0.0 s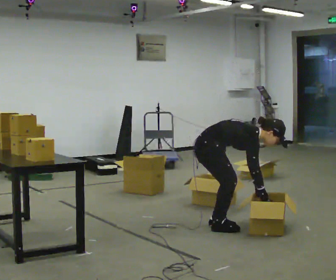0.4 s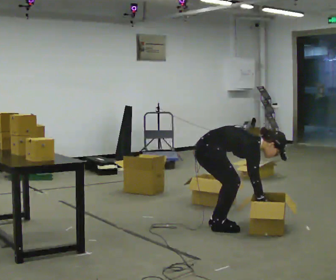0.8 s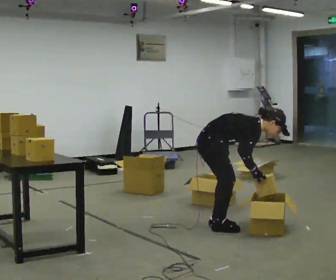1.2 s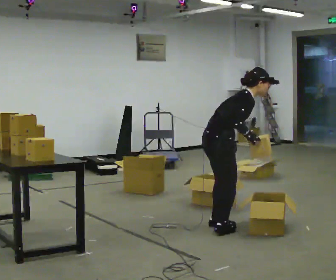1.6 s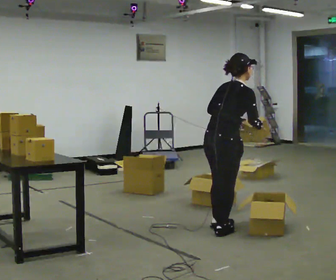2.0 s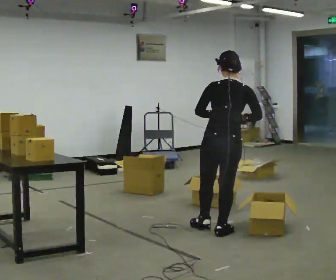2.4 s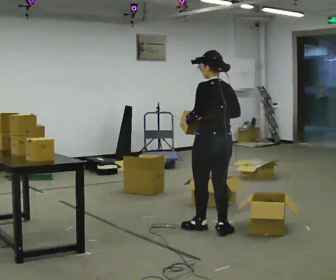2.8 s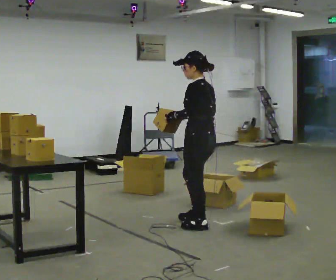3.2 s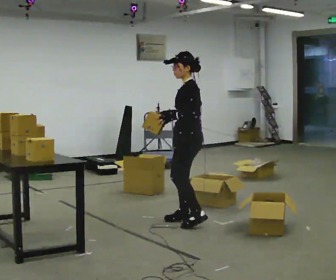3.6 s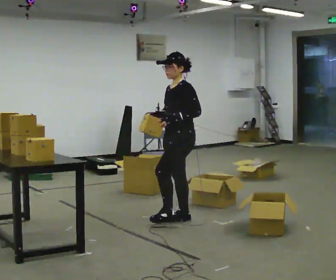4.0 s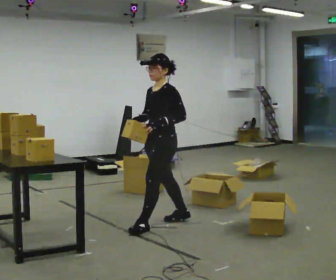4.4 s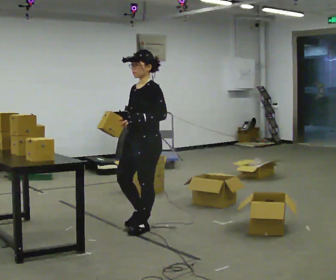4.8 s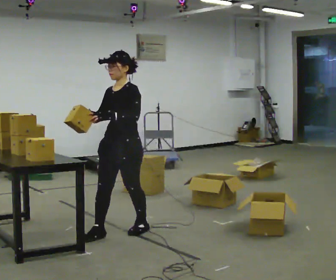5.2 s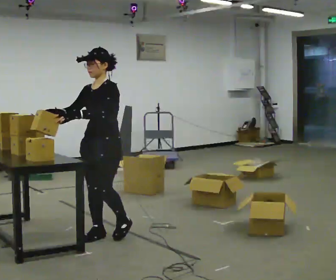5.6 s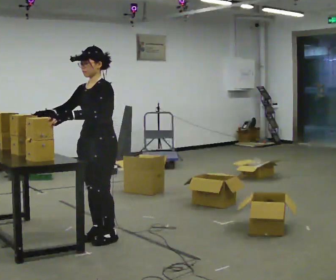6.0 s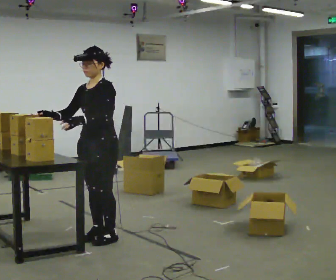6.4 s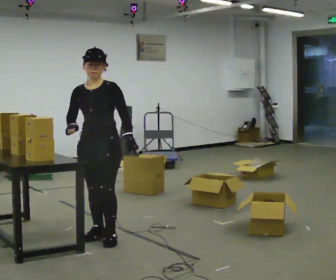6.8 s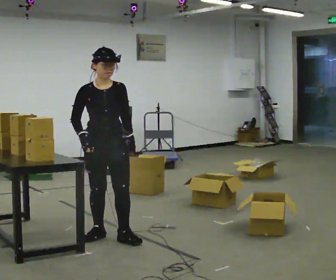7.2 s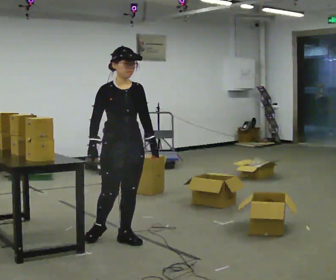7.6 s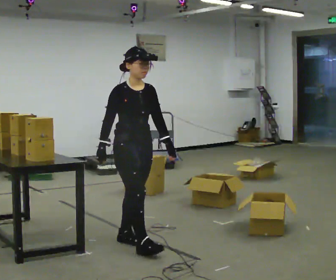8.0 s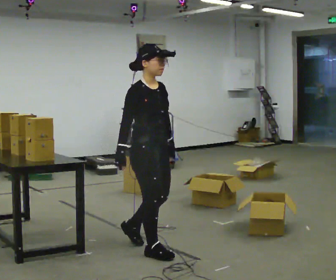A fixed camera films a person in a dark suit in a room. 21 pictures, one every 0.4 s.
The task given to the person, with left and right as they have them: Take each object from the table and put it in the bin that matches it, walking between the bins. Keep going until the operator says stop; one object at a time, and do not rush between trips.
0.0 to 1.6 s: Seen from above the body turns counterclockwise, about 45 degrees: to their left, with its near side sliding to the right. The upper body goes upward. In the picture the upper body tilts counterclockwise, shoulders to the left, as they lean back or straighten. In the picture their right hand goes upward.
1.6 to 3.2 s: The person turns about 150 degrees to their left, counterclockwise seen from above, so the part of the body nearest the lens slides to the right. In the picture they go away from the camera and to the left, about 0.5 m in 1 step. In the picture the upper body tilts counterclockwise, shoulders to the left.
3.2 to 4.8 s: Seen from above the body turns counterclockwise, about 45 degrees: to their left, with its near side sliding to the right. In the picture they go to the left and toward the camera, about 0.5 m in 2 steps, which for them is forward.
4.8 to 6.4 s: The person turns about 30 degrees to their left, counterclockwise seen from above, so the part of the body nearest the lens slides to the right. In the picture they go to the left, about 0.25 m in 1 step, which for them is forward.
6.4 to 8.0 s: Seen from above the body turns counterclockwise, about 75 degrees: to their left, with its near side sliding to the right. In the picture they go to the right and toward the camera, about 0.5 m in 1 step.
The film runs forward here.
